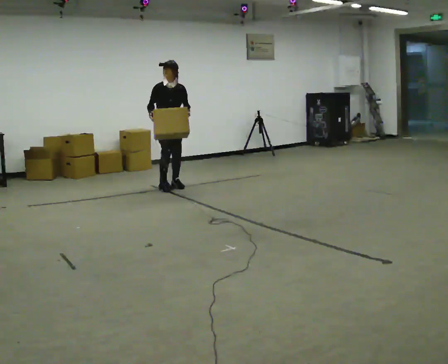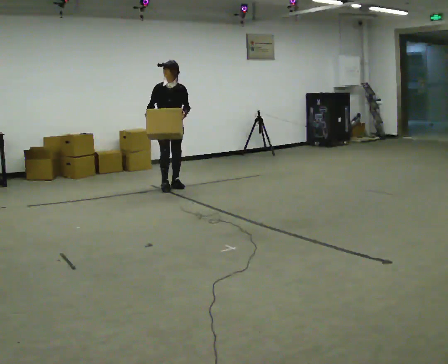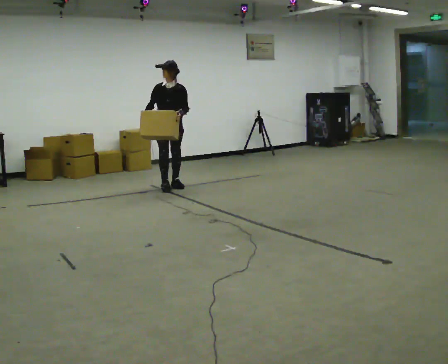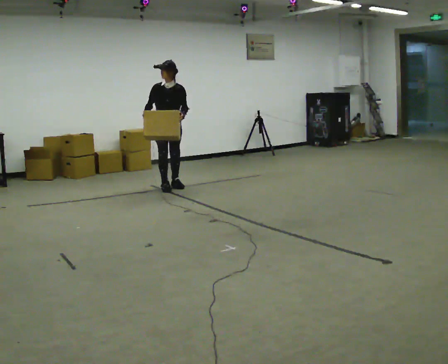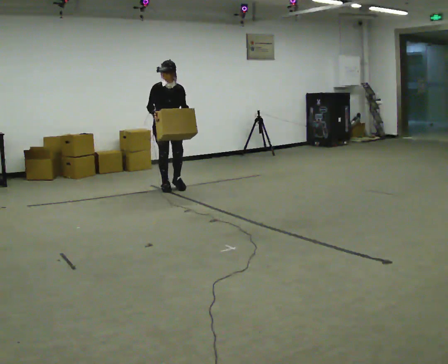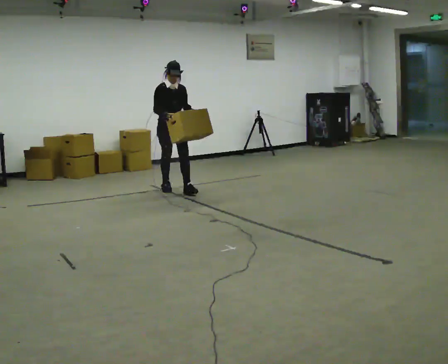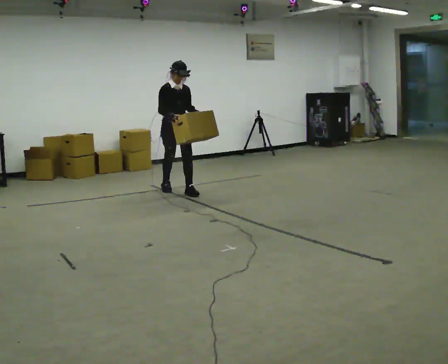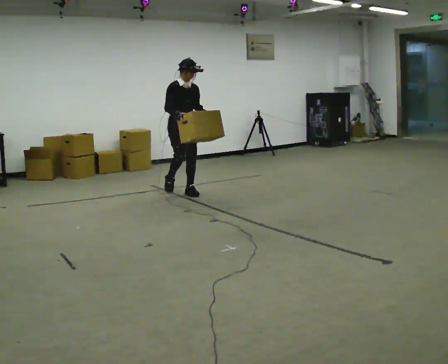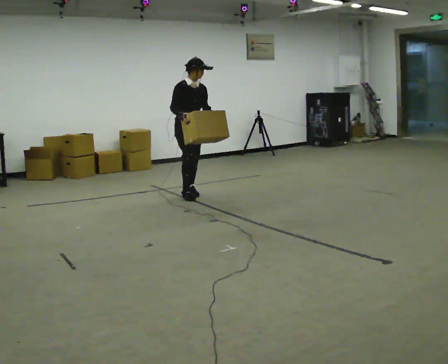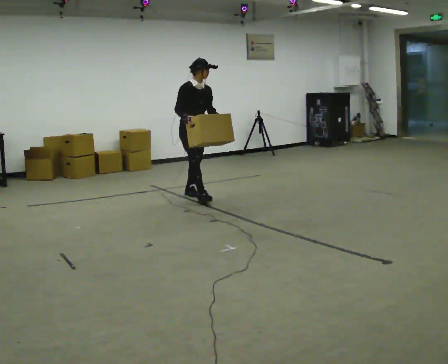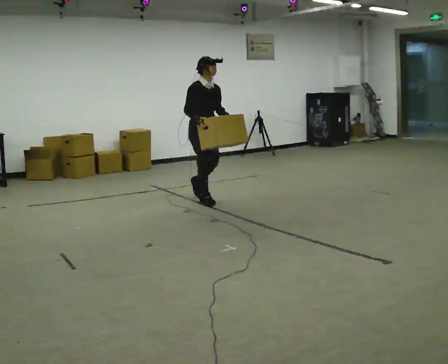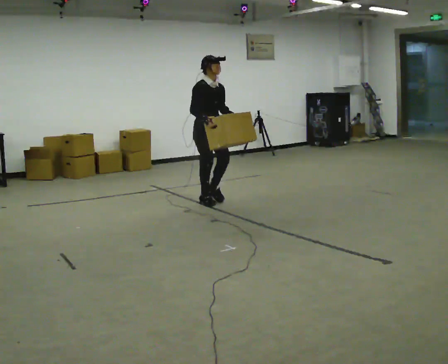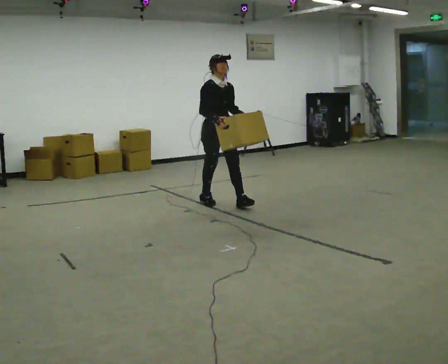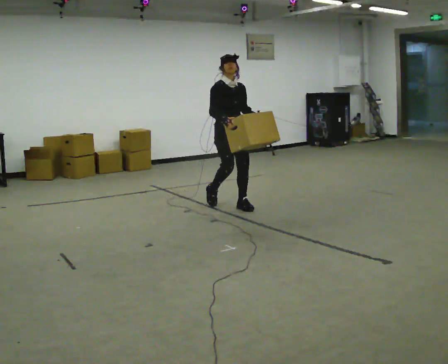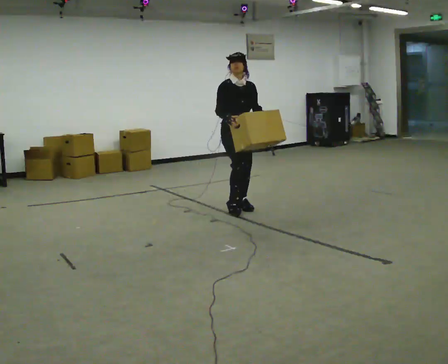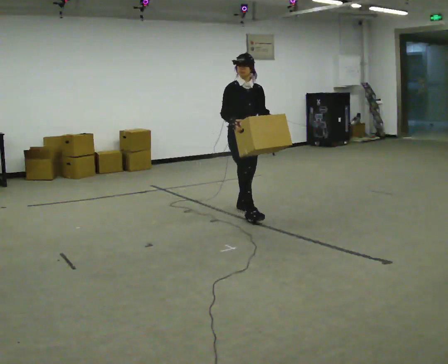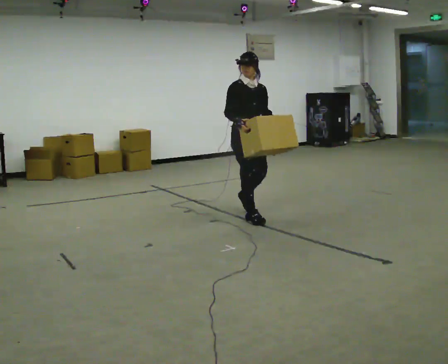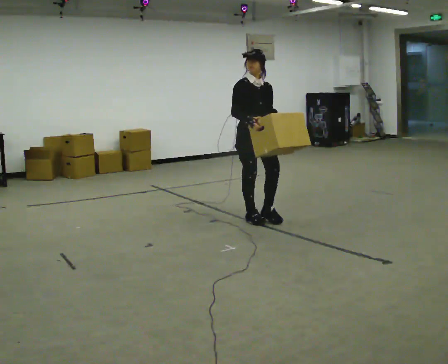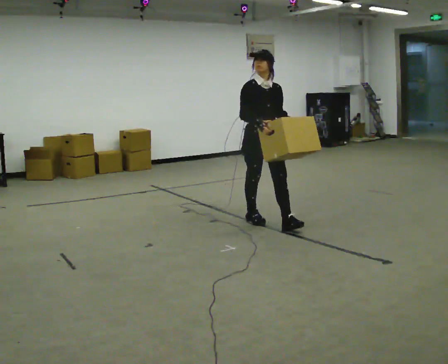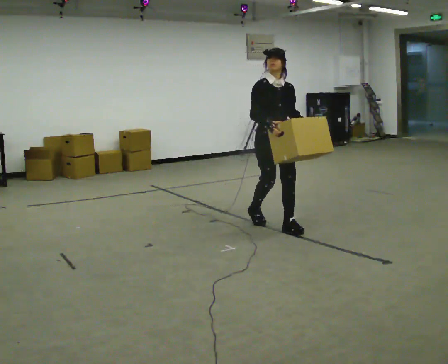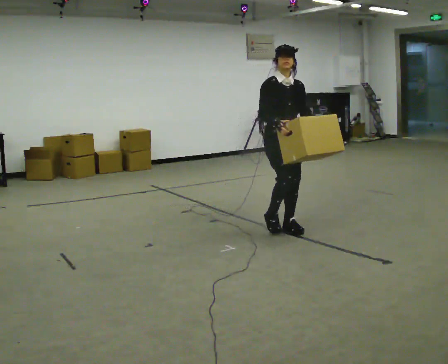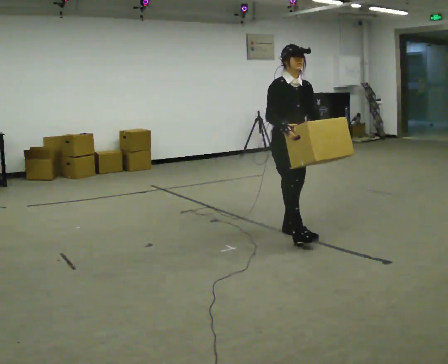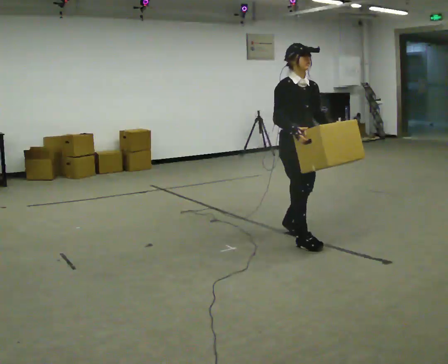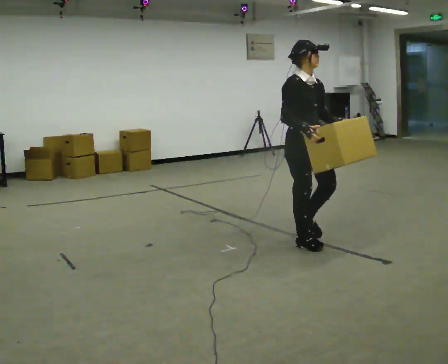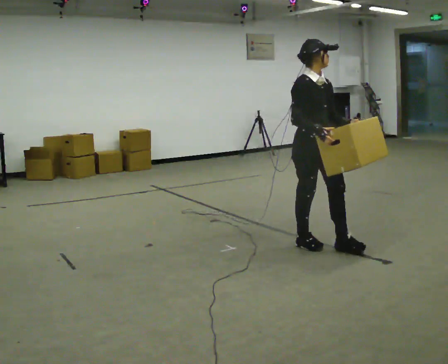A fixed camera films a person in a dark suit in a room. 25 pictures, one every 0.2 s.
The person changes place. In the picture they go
toward the camera.
0.0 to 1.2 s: In the picture they go toward the camera, about 0.25 m in 1 step, which for them is forward.
1.2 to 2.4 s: In the picture they go toward the camera and to the right, about 1 m in 1 step, which for them is forward.
2.4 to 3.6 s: In the picture they go toward the camera and to the right, about 1 m in 2 steps, which for them is forward.
3.6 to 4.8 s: In the picture they go toward the camera and to the right, about 1 m in 2 steps, which for them is forward.
The film runs forward here.
